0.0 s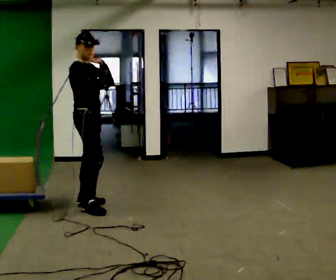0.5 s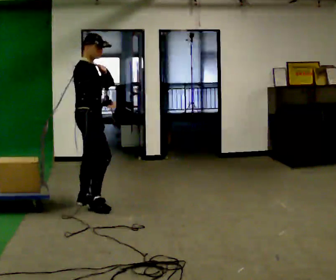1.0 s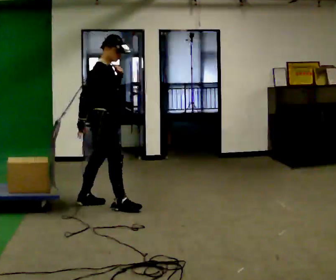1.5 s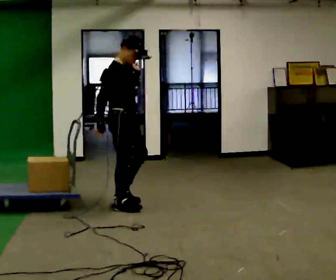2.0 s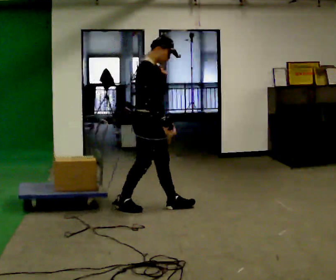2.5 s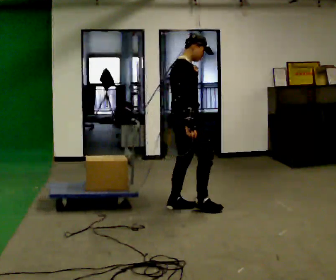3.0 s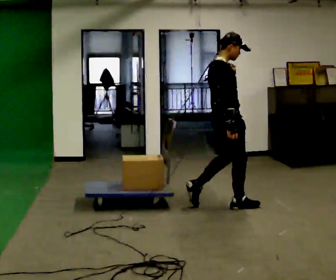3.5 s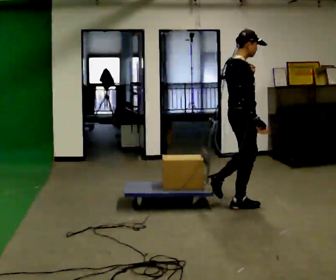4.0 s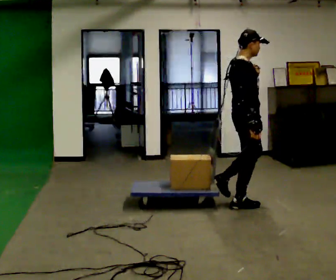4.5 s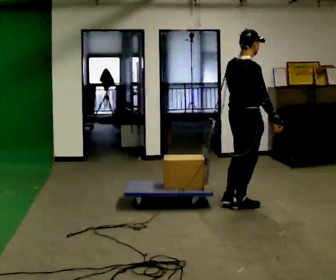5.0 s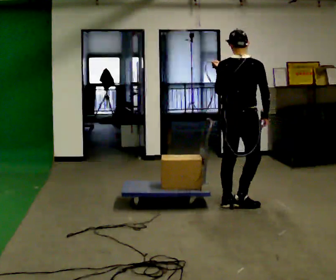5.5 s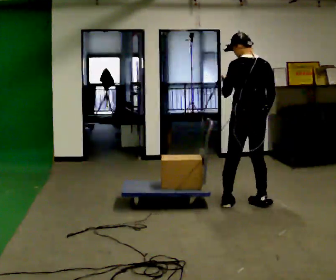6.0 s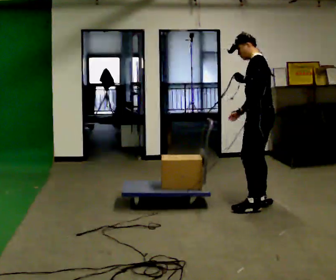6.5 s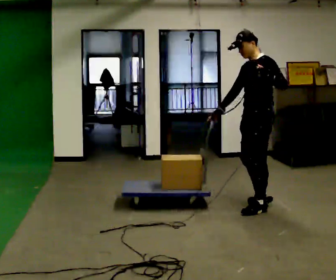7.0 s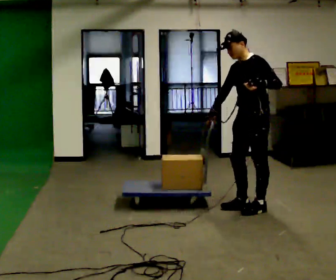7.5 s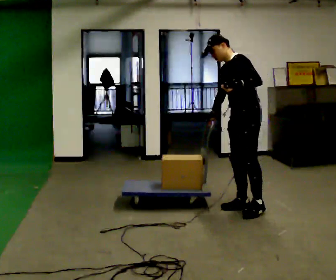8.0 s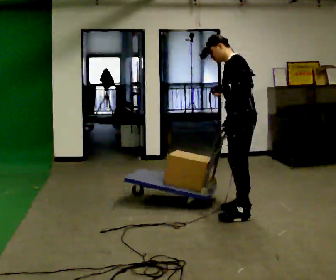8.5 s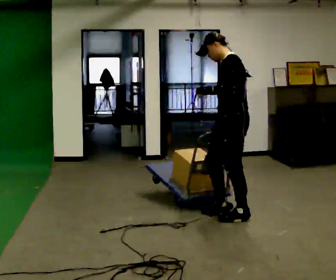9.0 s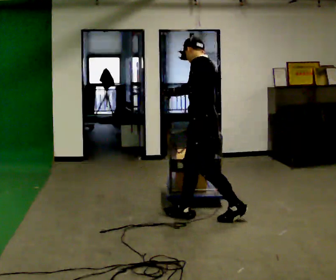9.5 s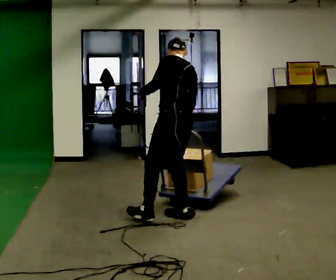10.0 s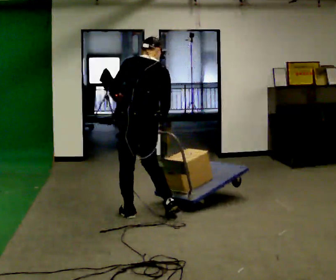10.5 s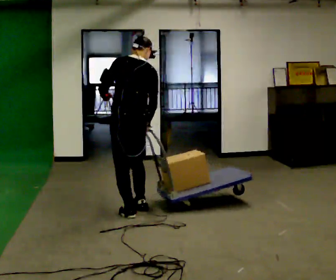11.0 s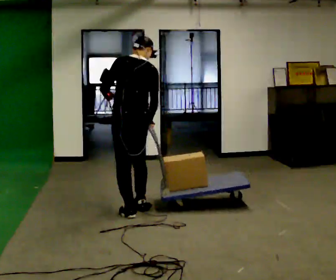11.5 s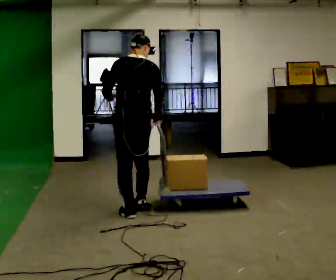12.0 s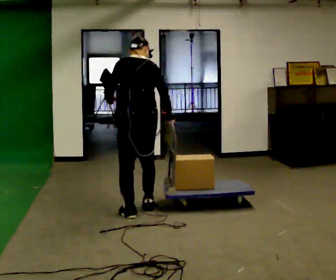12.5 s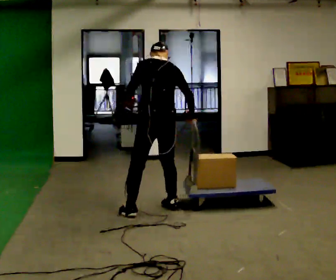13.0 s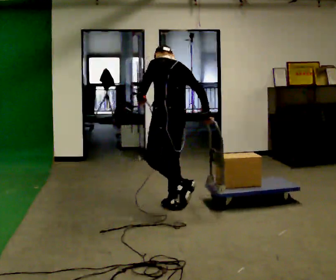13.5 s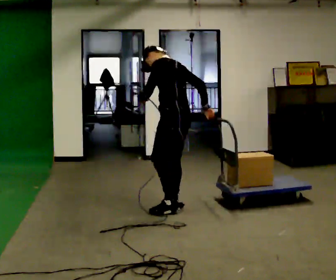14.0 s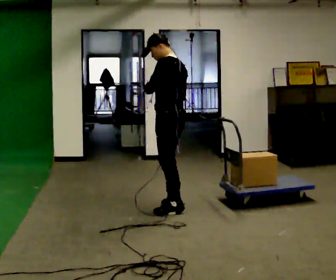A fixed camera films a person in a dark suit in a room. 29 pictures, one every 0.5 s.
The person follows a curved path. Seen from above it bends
clockwise.
0.0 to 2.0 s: In the picture they go to the right, about 0.75 m in 2 steps, which for them is forward. In the picture their right hand goes downward.
2.0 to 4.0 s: In the picture they go to the right, about 1 m in 2 steps, which for them is forward.
4.0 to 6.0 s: Seen from above the body turns counterclockwise, about 165 degrees: to their left, with its near side sliding to the right. In the picture they go to the right, about 0.25 m in 1 step. The upper body tips away from the camera, its near side rolling upward.
6.0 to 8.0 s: In the picture they go toward the camera and to the left, about 0.25 m in 3 steps, which for them is forward and to their left.
8.0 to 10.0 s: Seen from above the body turns clockwise, about 75 degrees: to their right, with its near side sliding to the left. In the picture they go to the left, about 1 m in 2 steps. In the picture the upper body tilts clockwise, shoulders to the right.
10.0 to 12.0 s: The person moves a little, or ends about where they began.
12.0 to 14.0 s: Seen from above the body turns counterclockwise, about 45 degrees: to their left, with its near side sliding to the right. In the picture they go to the right and away from the camera, about 0.25 m in 2 steps, which for them is to their right. In the picture their right hand goes upward.
The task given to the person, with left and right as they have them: Put the rope over your shoulder and drag the sled across the room. Keep going until the operator says stop.
The film runs forward here.
